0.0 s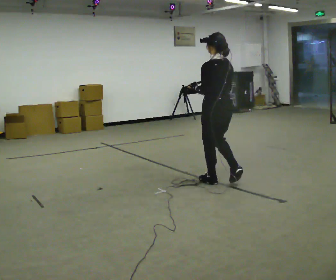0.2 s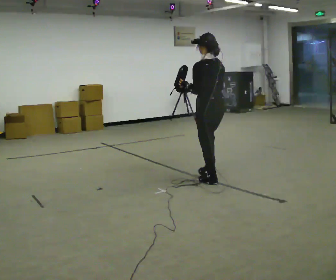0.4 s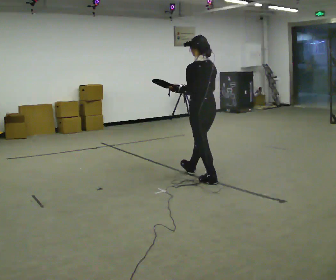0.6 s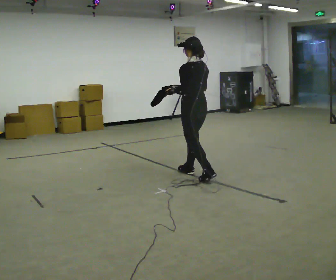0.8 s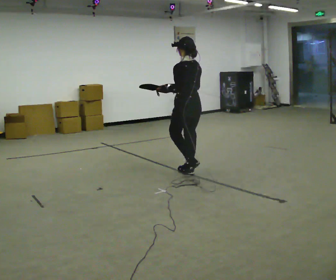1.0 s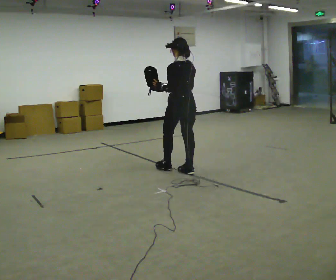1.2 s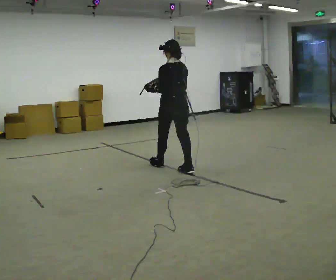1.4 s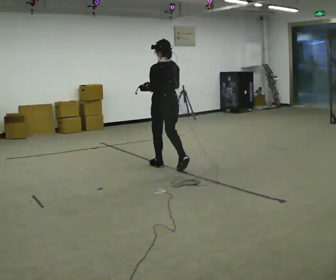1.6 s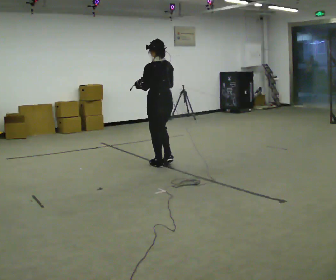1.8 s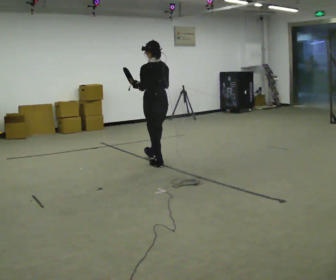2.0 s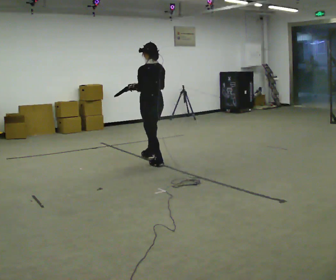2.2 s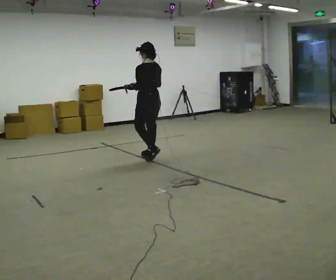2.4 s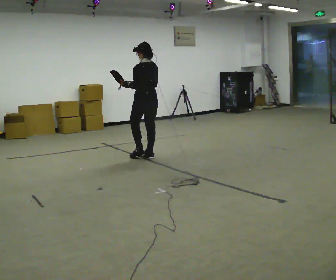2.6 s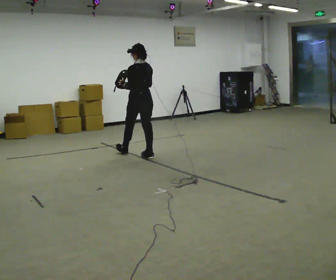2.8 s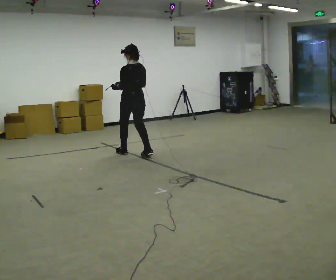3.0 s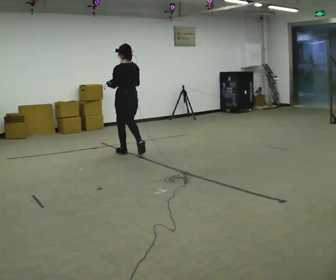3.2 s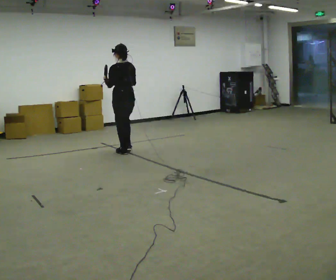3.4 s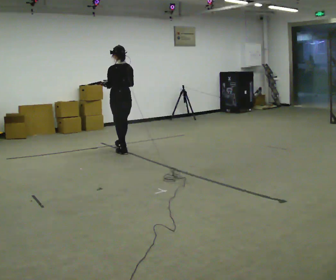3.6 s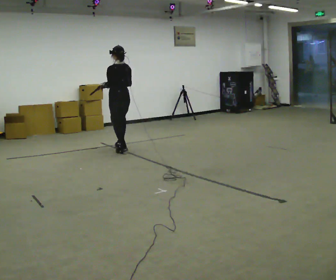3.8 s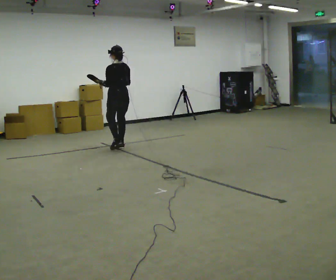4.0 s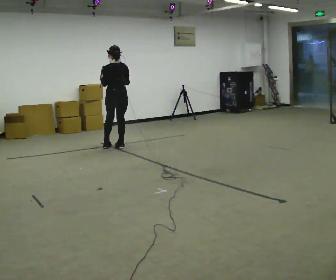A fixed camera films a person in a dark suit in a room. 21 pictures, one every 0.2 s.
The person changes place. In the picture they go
away from the camera.
0.0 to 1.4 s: In the picture they go away from the camera and to the left, about 1 m in 2 steps, which for them is forward.
1.4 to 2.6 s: In the picture they go away from the camera and to the left, about 0.5 m in 1 step, which for them is forward.
2.6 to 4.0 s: In the picture they go away from the camera and to the left, about 0.5 m in 2 steps, which for them is forward.
The film runs forward here.
